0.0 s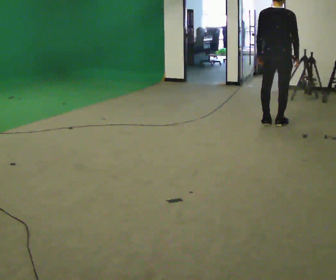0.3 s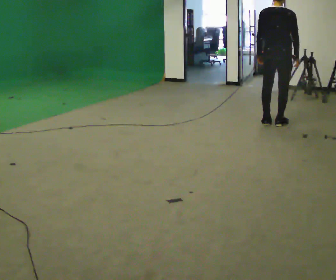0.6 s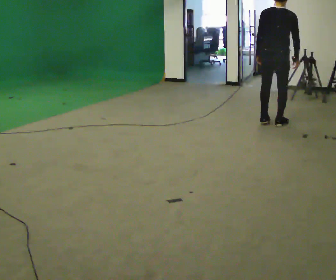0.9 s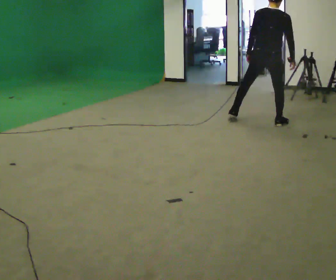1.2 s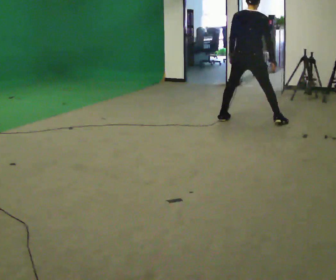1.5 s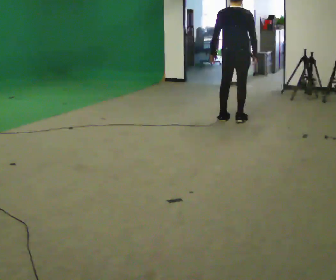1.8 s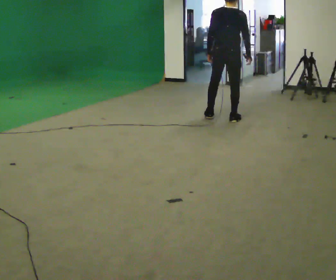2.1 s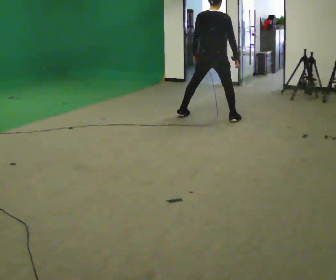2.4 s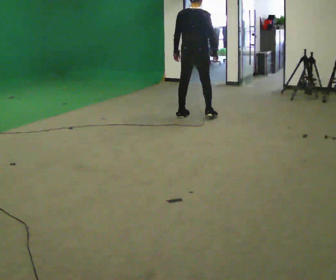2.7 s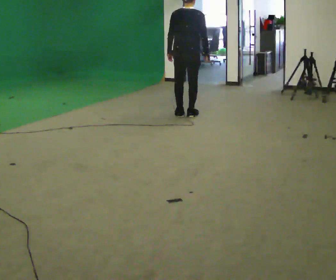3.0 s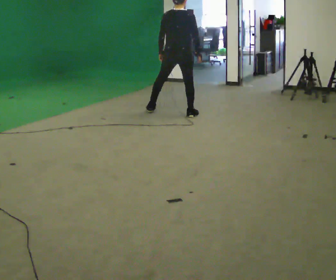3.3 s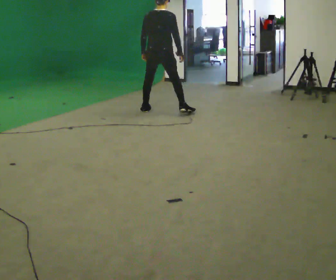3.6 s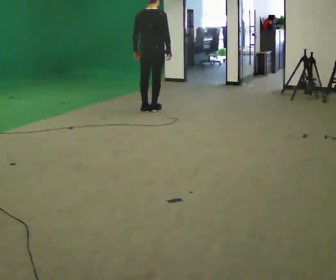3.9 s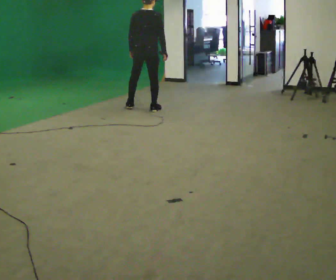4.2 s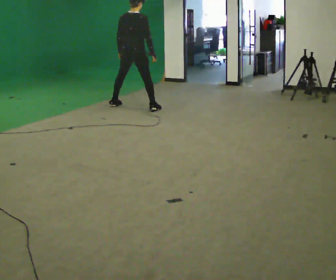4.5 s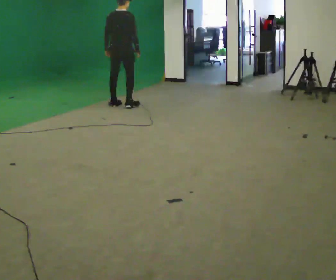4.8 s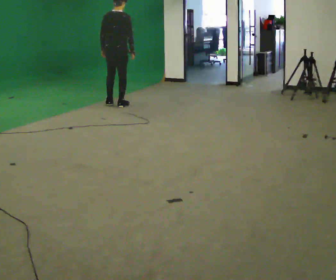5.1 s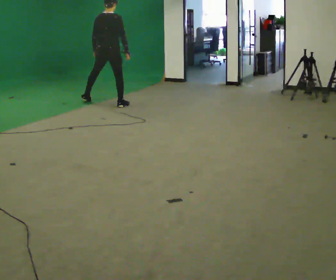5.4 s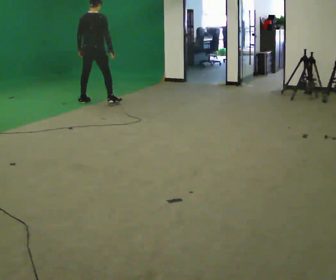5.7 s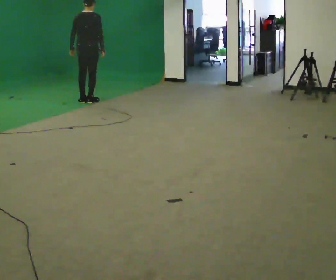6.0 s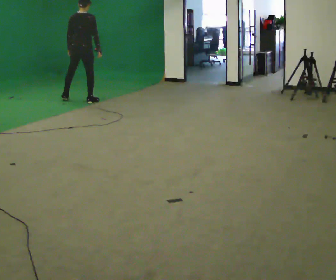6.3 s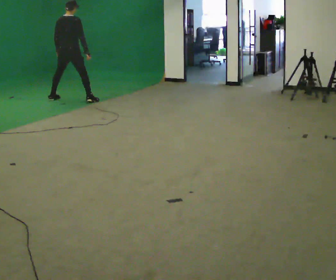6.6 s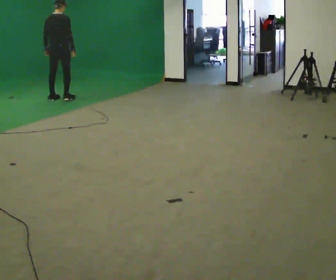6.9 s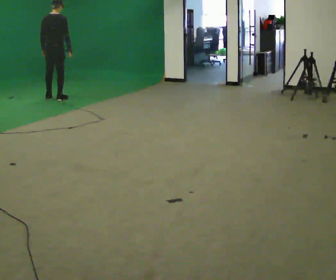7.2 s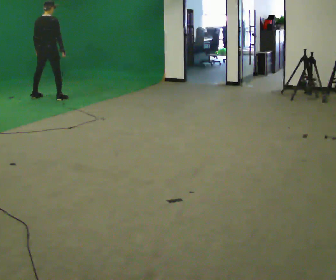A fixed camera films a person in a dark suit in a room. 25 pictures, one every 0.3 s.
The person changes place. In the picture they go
to the left.
0.0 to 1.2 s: In the picture they go to the left and away from the camera, about 0.5 m in 1 step, which for them is to their left.
1.2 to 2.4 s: In the picture they go to the left and away from the camera, about 0.5 m in 2 steps, which for them is to their left.
2.4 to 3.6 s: In the picture they go to the left and away from the camera, about 0.75 m in 3 steps, which for them is to their left.
3.6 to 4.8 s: In the picture they go to the left and away from the camera, about 0.75 m in 2 steps, which for them is to their left.
4.8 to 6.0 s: In the picture they go to the left and away from the camera, about 0.75 m in 2 steps, which for them is to their left.
6.0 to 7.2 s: In the picture they go to the left, about 0.5 m in 3 steps, which for them is to their left.
The film runs forward here.
